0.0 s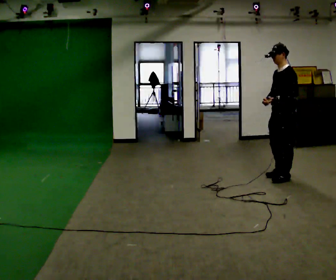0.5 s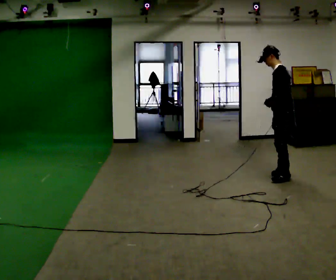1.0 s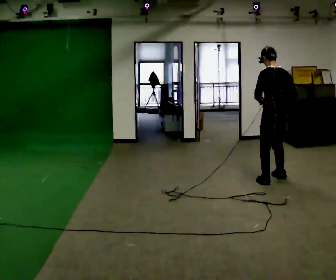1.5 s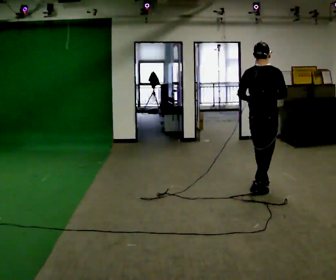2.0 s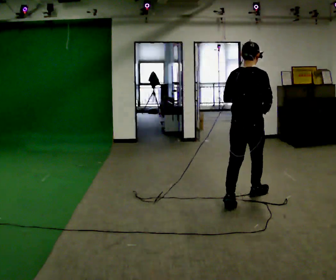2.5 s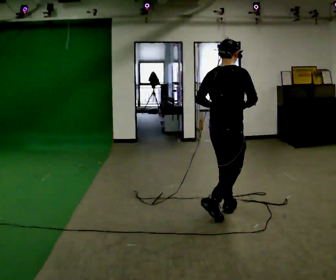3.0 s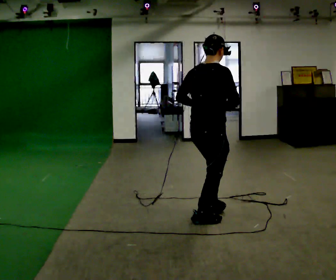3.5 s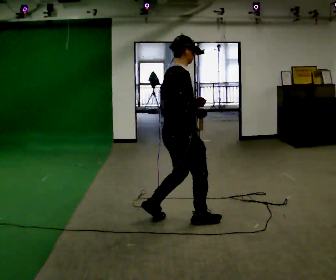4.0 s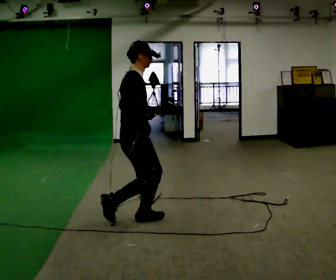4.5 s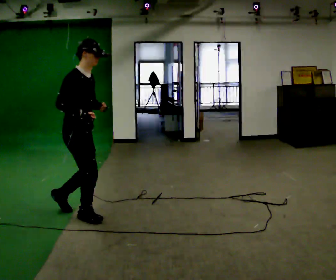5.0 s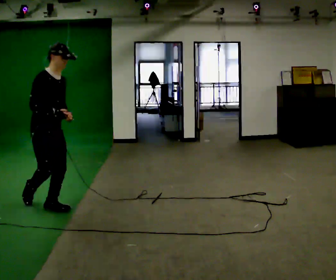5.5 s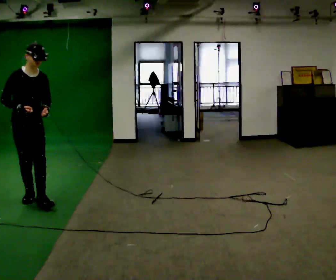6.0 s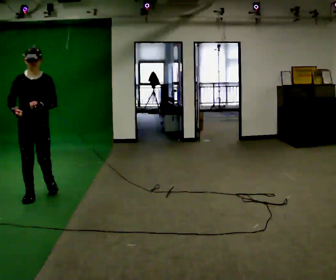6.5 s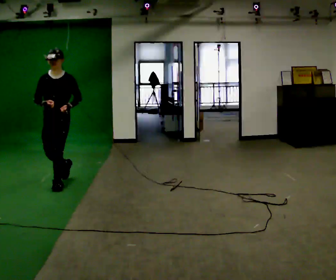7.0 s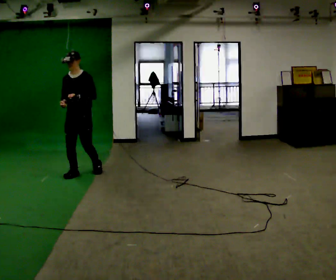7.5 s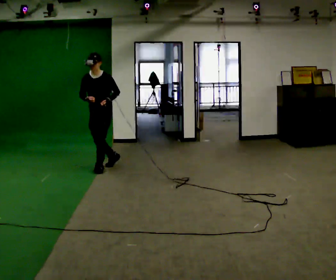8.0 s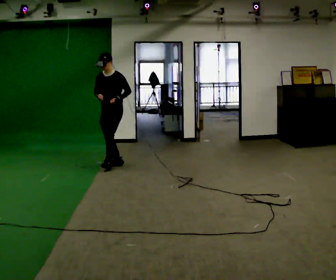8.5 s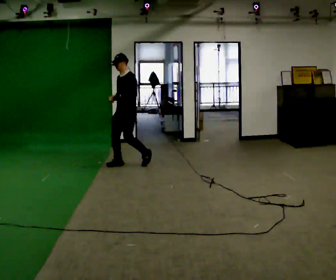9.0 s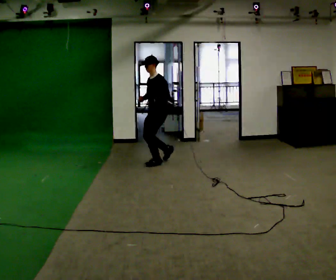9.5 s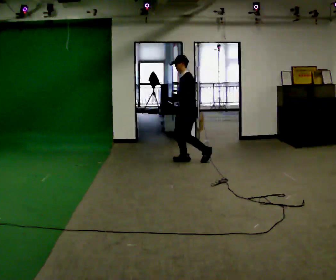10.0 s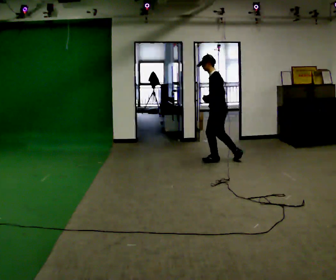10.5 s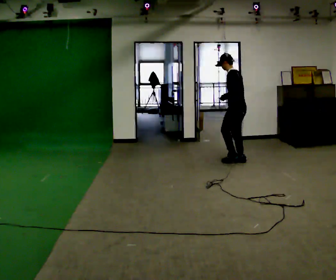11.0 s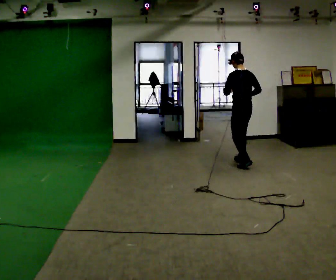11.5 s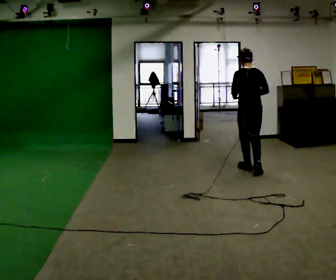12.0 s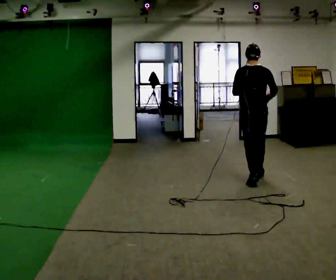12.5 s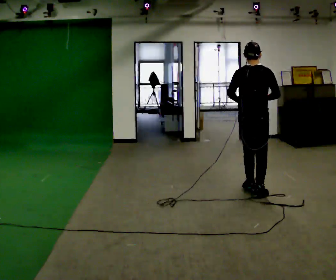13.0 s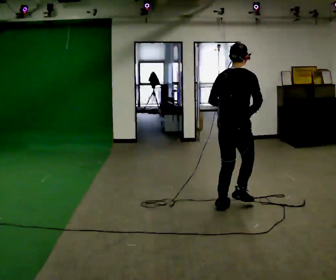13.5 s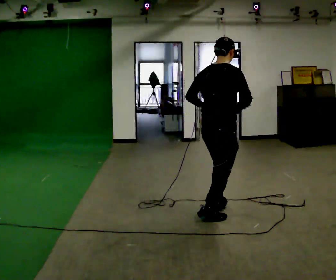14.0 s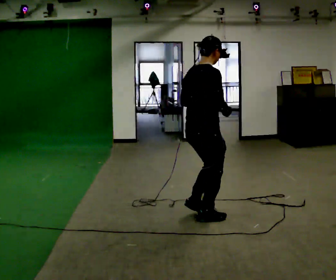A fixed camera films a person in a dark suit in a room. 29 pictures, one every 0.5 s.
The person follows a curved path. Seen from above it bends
clockwise.
The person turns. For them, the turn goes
to their right.
0.0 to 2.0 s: The person turns about 120 degrees to their right, clockwise seen from above, so the part of the body nearest the lens slides to the left. In the picture they go to the left and toward the camera, about 1 m in 3 steps.
2.0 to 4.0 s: The person turns about 60 degrees to their right, clockwise seen from above, so the part of the body nearest the lens slides to the left. In the picture they go to the left, about 1 m in 3 steps, which for them is backward.
4.0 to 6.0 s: The person turns about 75 degrees to their right, clockwise seen from above, so the part of the body nearest the lens slides to the left. In the picture they go to the left and away from the camera, about 1 m in 3 steps.
6.0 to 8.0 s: Seen from above the body turns clockwise, about 45 degrees: to their right, with its near side sliding to the left. In the picture they go away from the camera and to the right, about 2 m in 4 steps, which for them is backward.
8.0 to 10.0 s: Seen from above the body turns clockwise, about 75 degrees: to their right, with its near side sliding to the left. In the picture they go to the right, about 1.5 m in 3 steps.
10.0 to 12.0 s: Seen from above the body turns clockwise, about 75 degrees: to their right, with its near side sliding to the left. In the picture they go toward the camera, about 1 m in 4 steps.
12.0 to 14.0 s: The part of the body nearest the lens slides to the left as the person turns to their right by about 60 degrees. In the picture they go toward the camera and to the left, about 1.5 m in 3 steps, which for them is backward.
The film runs backward here.
